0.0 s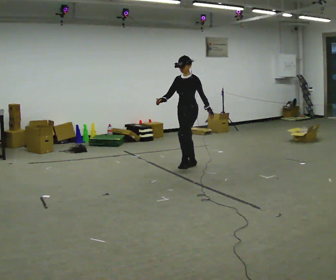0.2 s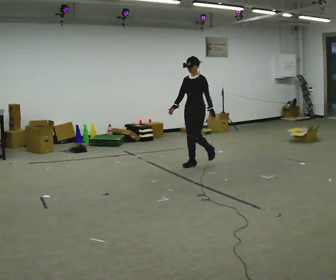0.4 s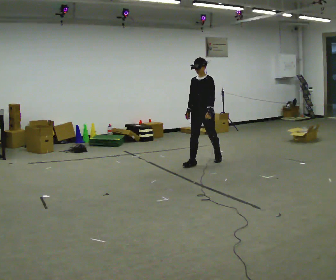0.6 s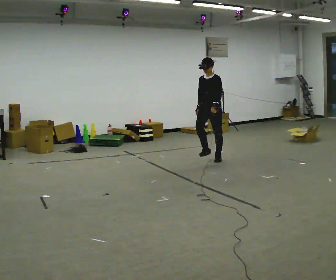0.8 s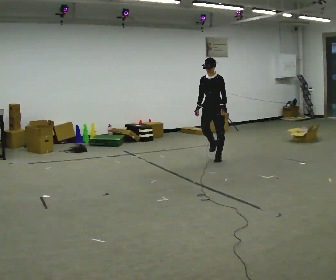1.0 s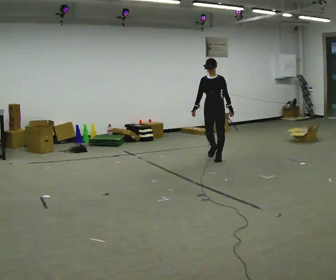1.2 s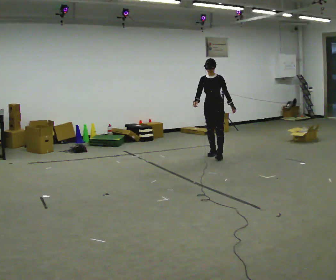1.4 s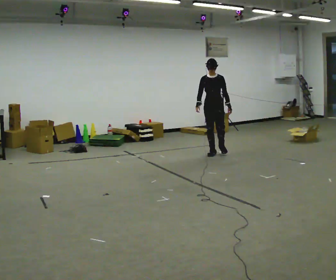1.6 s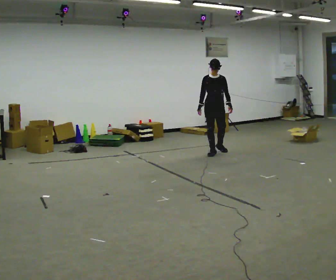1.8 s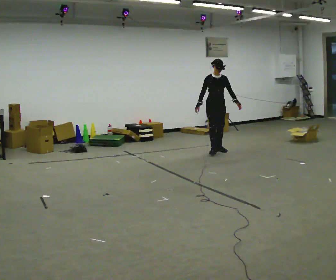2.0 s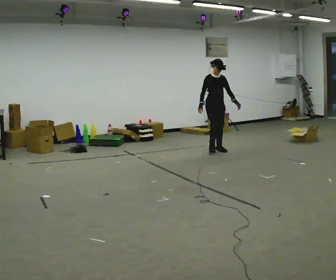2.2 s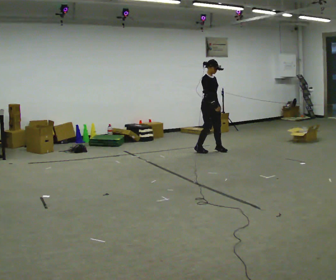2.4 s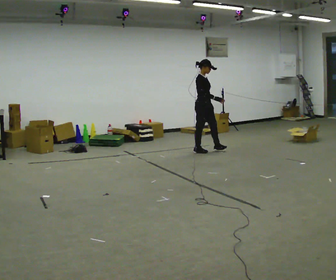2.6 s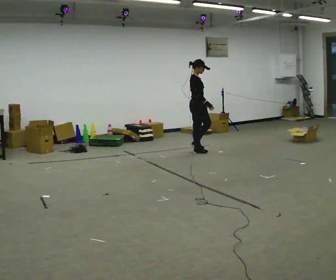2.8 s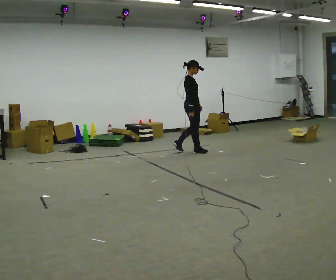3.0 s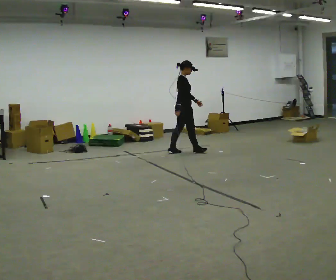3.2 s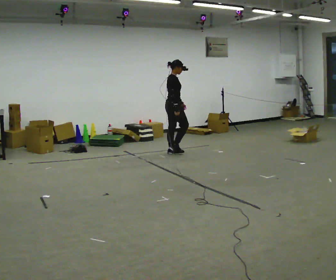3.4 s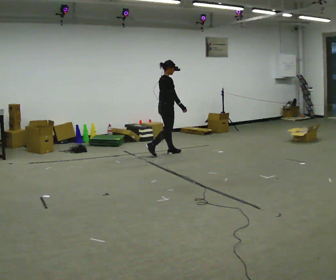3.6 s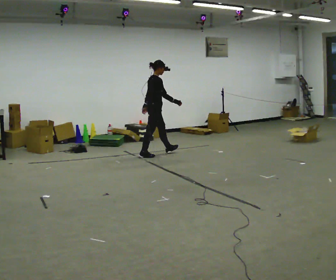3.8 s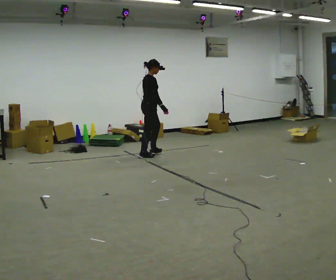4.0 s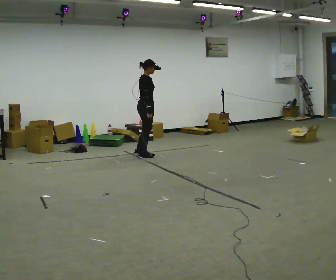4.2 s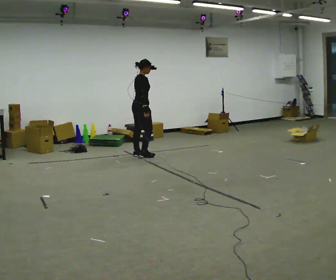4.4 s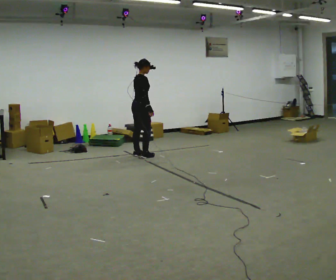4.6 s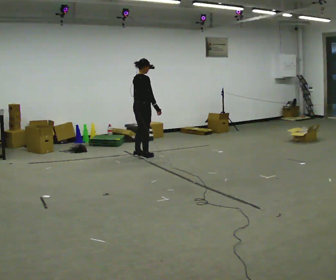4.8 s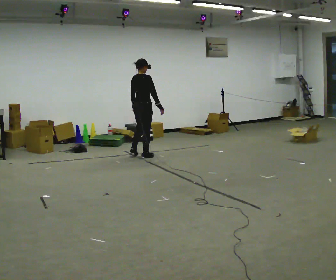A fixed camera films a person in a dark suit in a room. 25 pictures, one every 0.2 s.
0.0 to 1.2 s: In the picture they go away from the camera and to the right, about 1 m in 2 steps, which for them is backward.
1.2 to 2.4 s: Seen from above the body turns counterclockwise, about 90 degrees: to their left, with its near side sliding to the right. In the picture they go away from the camera and to the left, about 0.25 m in 2 steps.
2.4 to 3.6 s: Seen from above the body turns counterclockwise, about 45 degrees: to their left, with its near side sliding to the right. In the picture they go to the left, about 1 m in 1 step, which for them is backward.
3.6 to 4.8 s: Seen from above the body turns counterclockwise, about 30 degrees: to their left, with its near side sliding to the right. In the picture they go to the left and toward the camera, about 0.25 m in 2 steps, which for them is backward.
The film runs backward here.
